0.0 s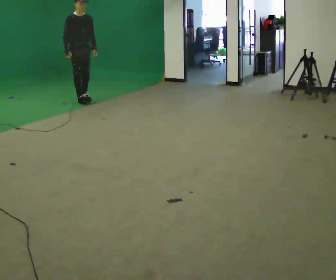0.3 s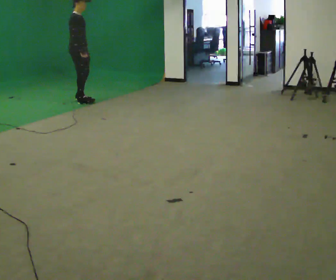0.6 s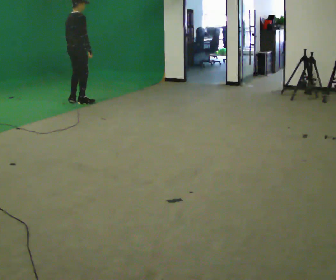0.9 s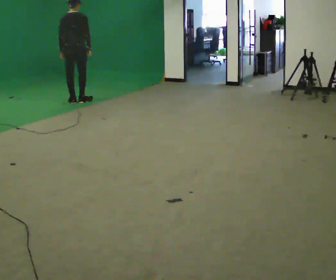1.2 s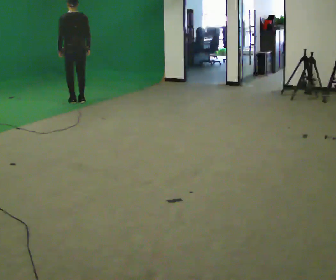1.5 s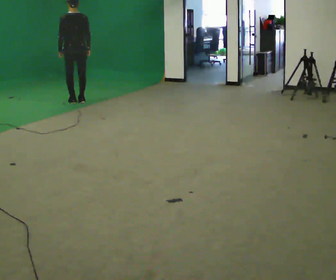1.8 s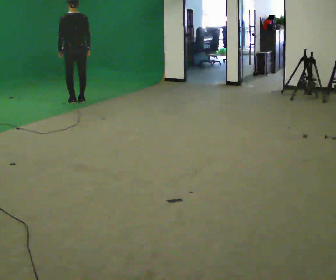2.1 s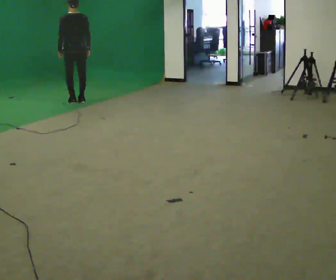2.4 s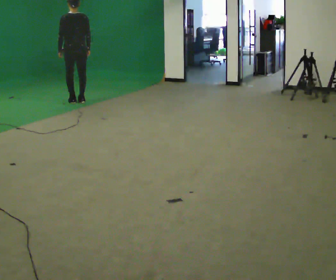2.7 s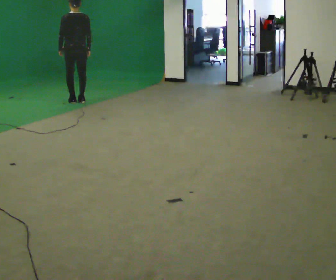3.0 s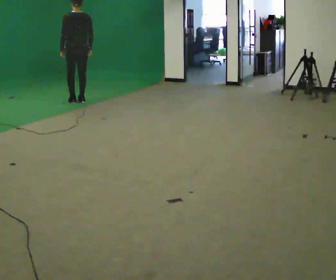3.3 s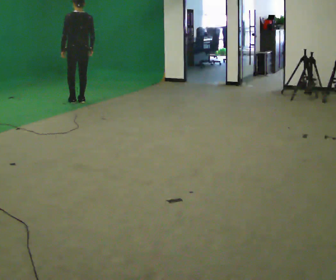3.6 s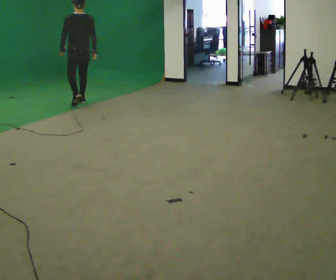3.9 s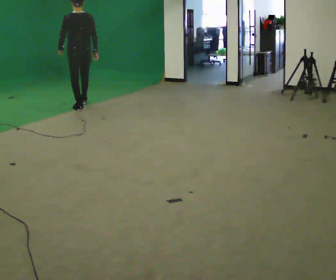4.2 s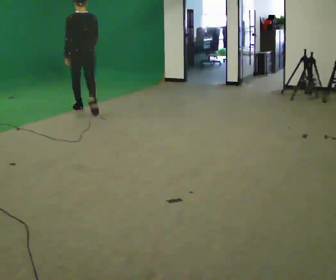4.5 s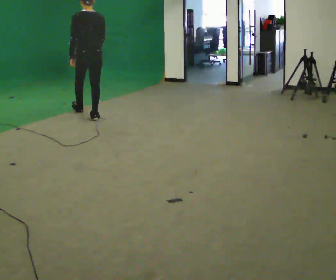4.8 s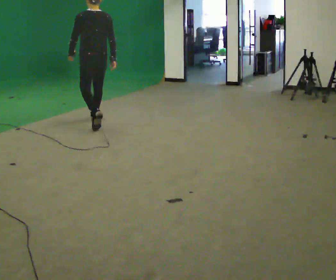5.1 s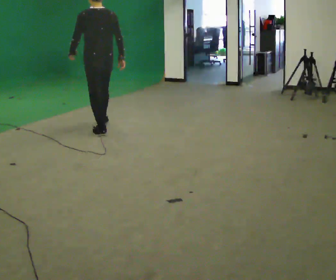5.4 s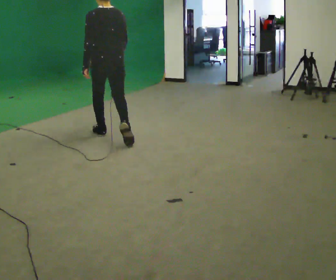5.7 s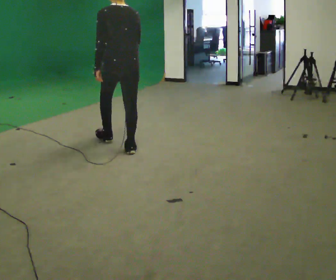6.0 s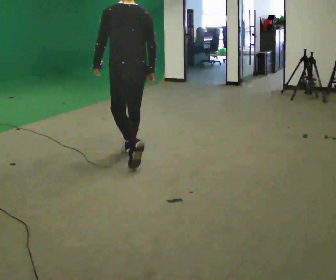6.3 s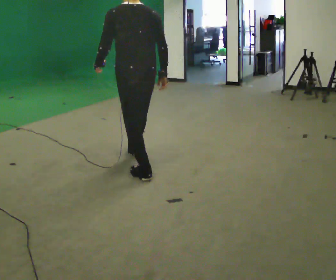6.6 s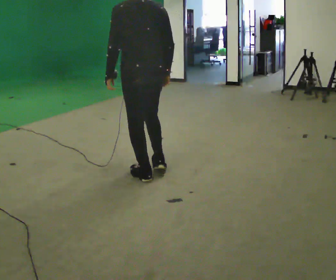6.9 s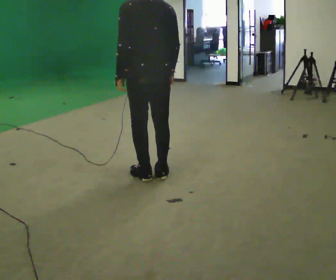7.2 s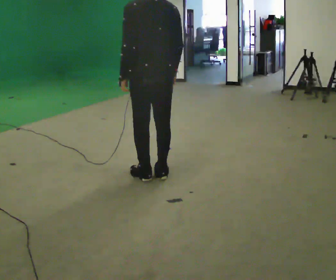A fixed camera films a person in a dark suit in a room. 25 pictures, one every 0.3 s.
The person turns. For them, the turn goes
to their left.
The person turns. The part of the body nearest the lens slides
to the right.
0.0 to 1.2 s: The person turns about 165 degrees to their left, counterclockwise seen from above, so the part of the body nearest the lens slides to the right. In the picture their right hand goes to the right, the arm swinging counterclockwise.
1.2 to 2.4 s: The person keeps their place and pose.
2.4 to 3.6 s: In the picture they go toward the camera, about 0.25 m in 1 step, which for them is backward.
3.6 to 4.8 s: In the picture they go toward the camera, about 1 m in 2 steps, which for them is backward.
4.8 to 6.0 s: In the picture they go toward the camera, about 1.5 m in 2 steps, which for them is backward.
6.0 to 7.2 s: In the picture they go toward the camera, about 0.5 m in 1 step, which for them is backward.
The film runs backward here.
